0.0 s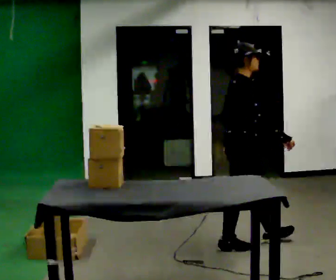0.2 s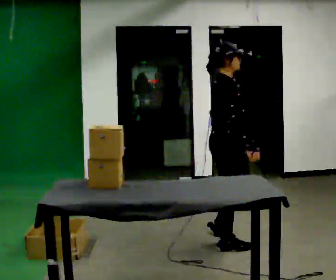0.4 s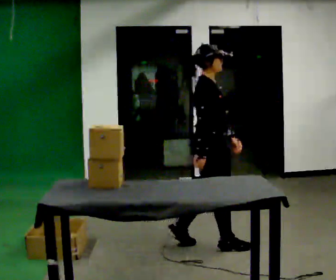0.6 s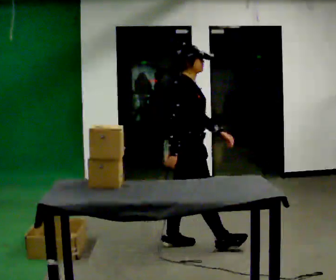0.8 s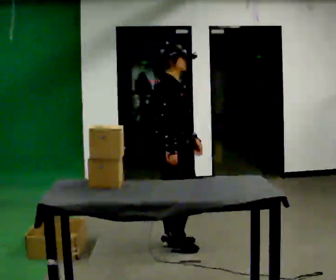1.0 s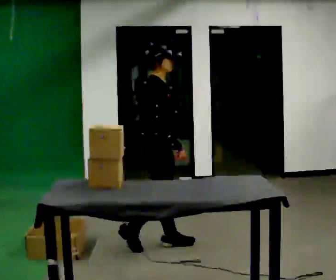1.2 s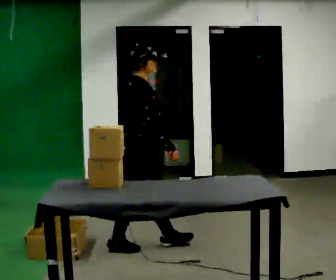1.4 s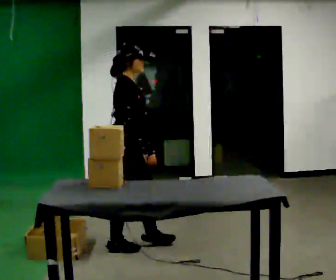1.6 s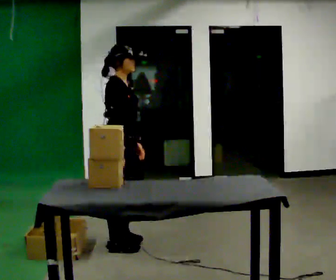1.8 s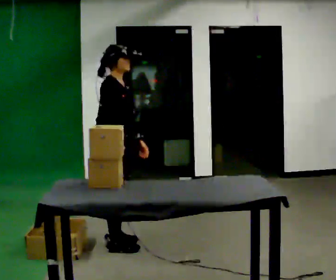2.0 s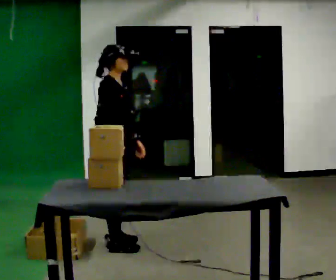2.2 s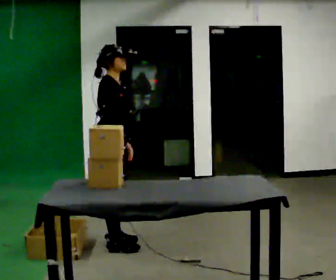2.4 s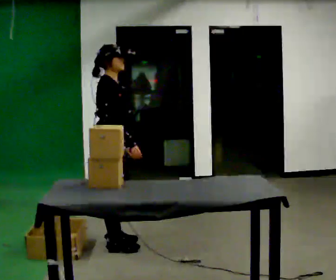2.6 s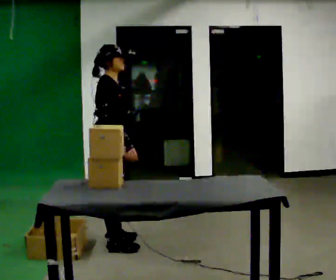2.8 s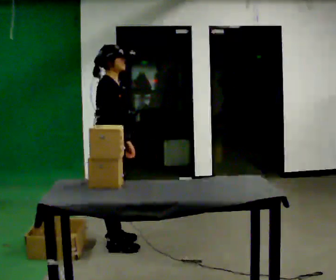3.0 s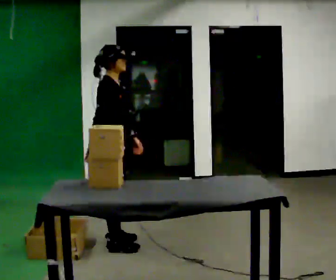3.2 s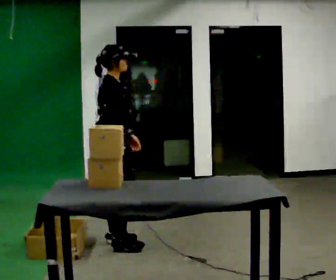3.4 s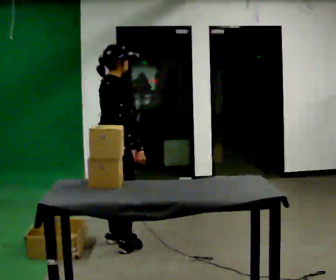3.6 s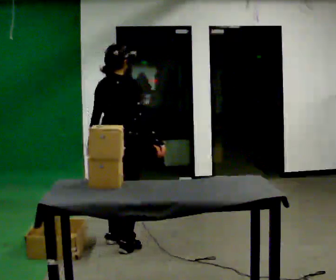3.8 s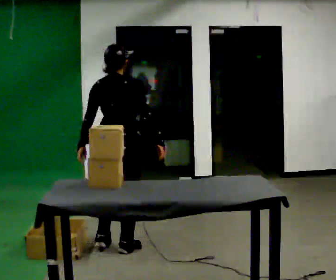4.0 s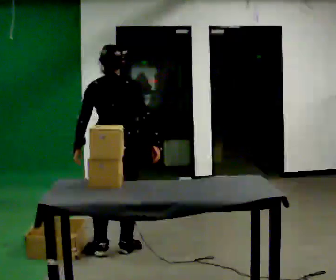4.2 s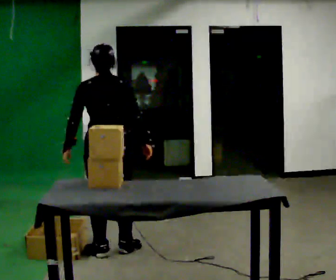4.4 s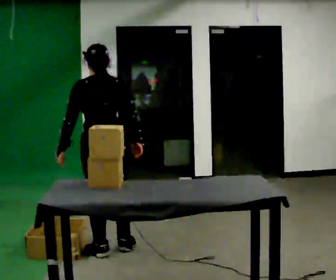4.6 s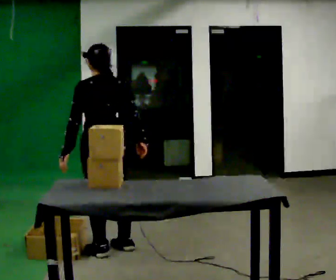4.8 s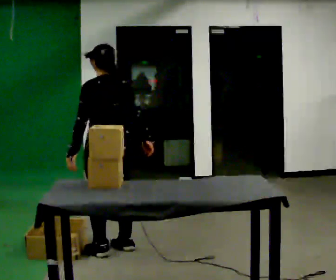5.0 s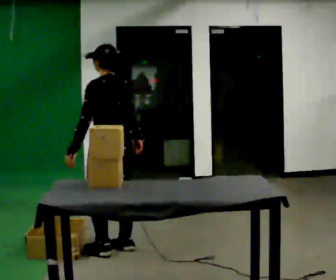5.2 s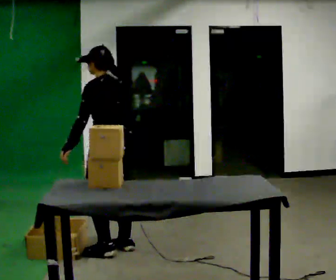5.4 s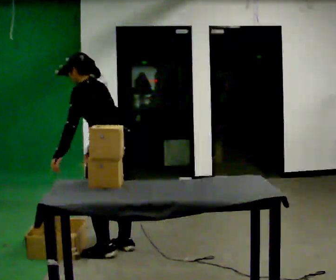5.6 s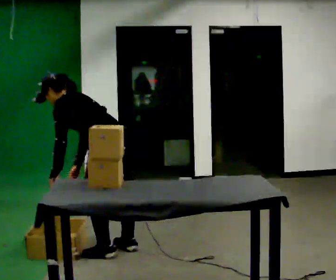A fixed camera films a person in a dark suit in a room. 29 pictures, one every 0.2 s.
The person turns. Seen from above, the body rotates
counterclockwise.
The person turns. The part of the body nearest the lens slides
to the right.
0.0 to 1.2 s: In the picture they go to the left, about 1 m in 1 step, which for them is backward.
1.2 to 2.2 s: In the picture they go to the left, about 0.25 m in 1 step, which for them is backward. In the picture their right hand goes to the left.
2.2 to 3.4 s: The person moves a little, or ends about where they began.
3.4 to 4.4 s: The part of the body nearest the lens slides to the right as the person turns to their left by about 90 degrees. In the picture they go toward the camera, about 0.25 m in 1 step.
4.4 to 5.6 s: The person turns about 45 degrees to their left, counterclockwise seen from above, so the part of the body nearest the lens slides to the right. In the picture the upper body tilts counterclockwise, shoulders to the left, as they bend forward. In the picture their right hand goes to the left.
The film runs backward here.
